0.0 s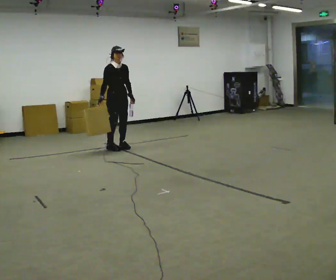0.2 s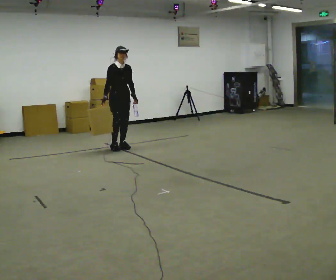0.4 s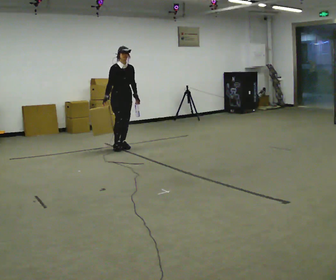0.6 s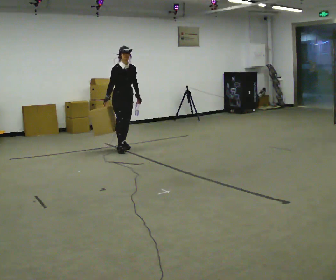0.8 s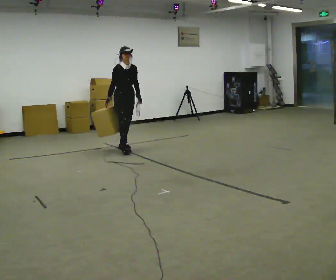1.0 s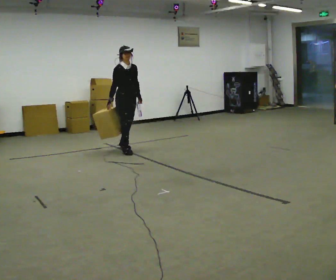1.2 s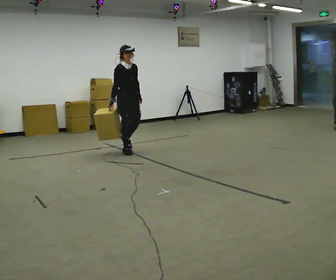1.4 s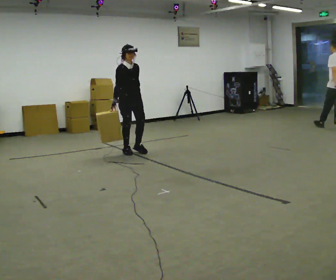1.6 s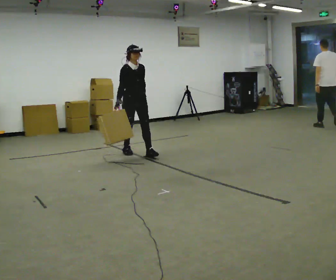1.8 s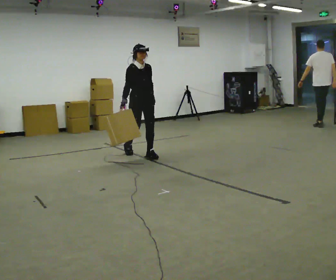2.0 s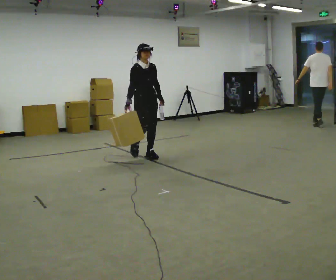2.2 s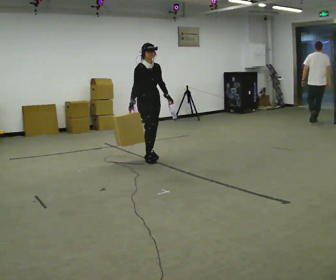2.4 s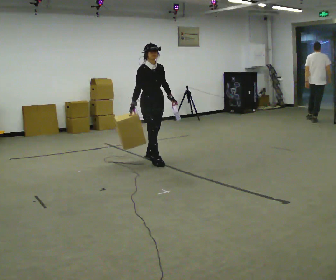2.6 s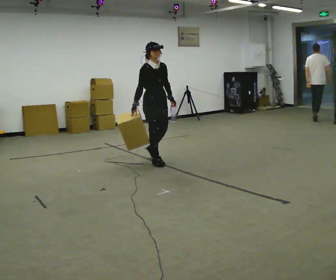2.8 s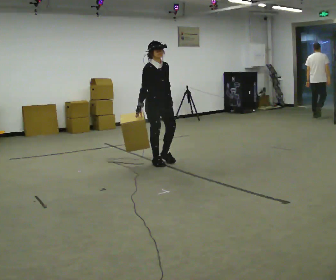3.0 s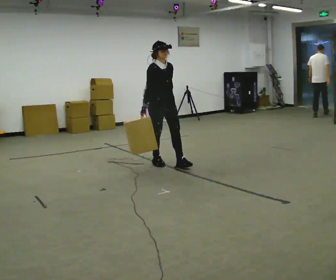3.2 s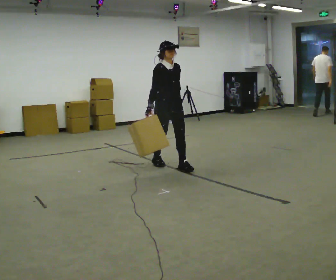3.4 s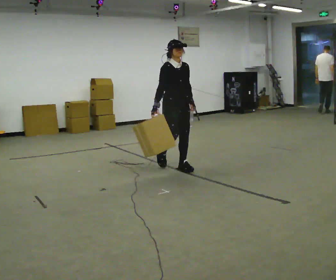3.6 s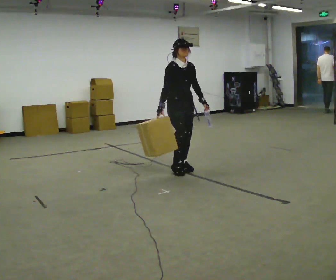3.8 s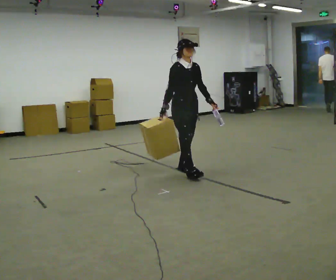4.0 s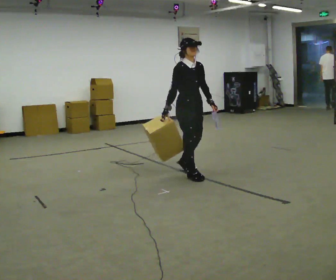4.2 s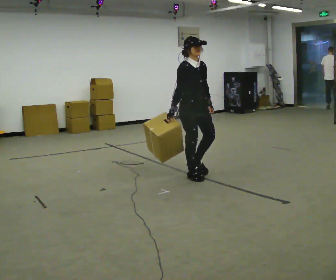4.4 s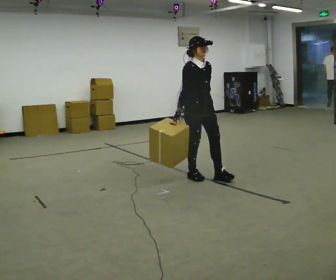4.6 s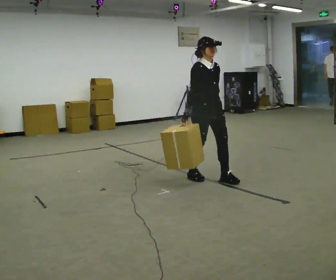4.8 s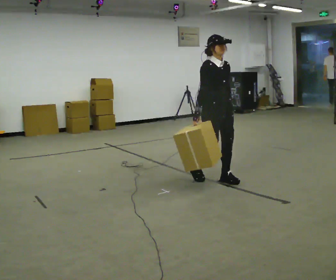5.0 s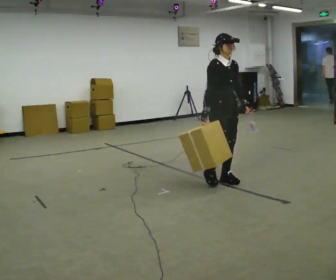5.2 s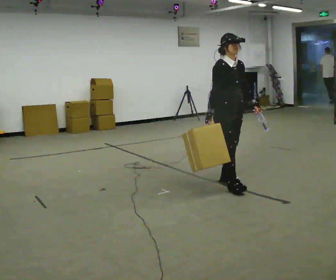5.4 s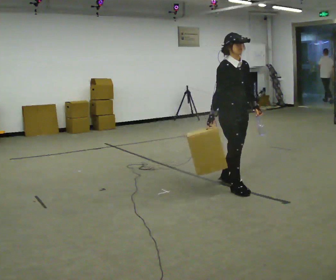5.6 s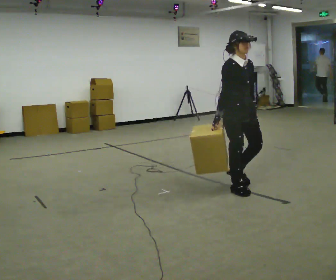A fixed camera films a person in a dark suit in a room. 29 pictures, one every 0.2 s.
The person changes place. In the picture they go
toward the camera.
0.0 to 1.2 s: In the picture they go toward the camera and to the right, about 0.25 m in 1 step, which for them is forward.
1.2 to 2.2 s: In the picture they go toward the camera and to the right, about 0.5 m in 1 step, which for them is forward.
2.2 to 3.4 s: In the picture they go toward the camera and to the right, about 0.75 m in 2 steps, which for them is forward.
3.4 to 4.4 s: In the picture they go toward the camera and to the right, about 0.5 m in 1 step, which for them is forward.
4.4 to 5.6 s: In the picture they go toward the camera and to the right, about 0.5 m in 2 steps, which for them is forward.
The film runs forward here.
